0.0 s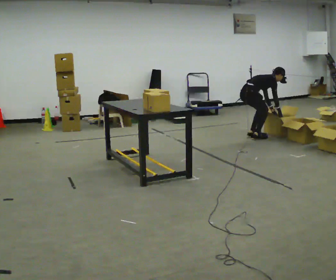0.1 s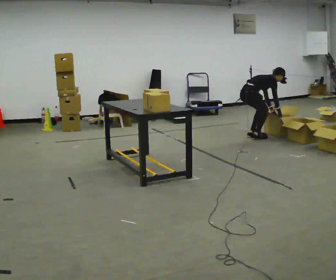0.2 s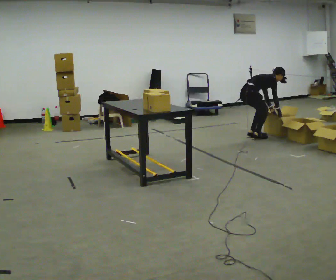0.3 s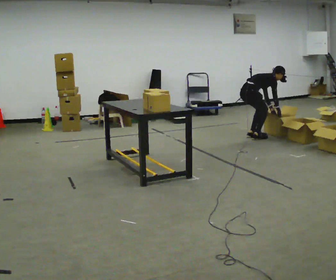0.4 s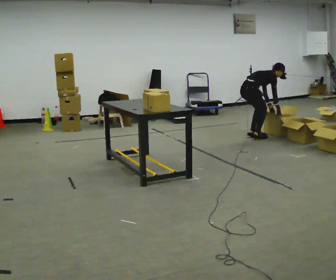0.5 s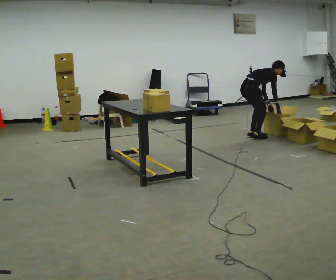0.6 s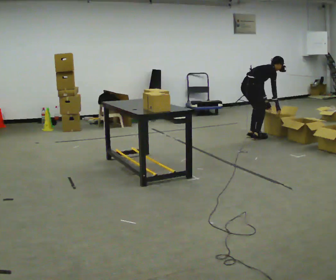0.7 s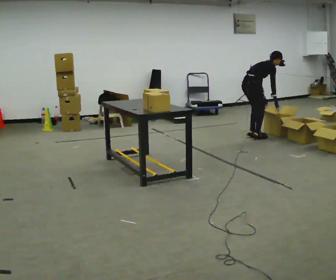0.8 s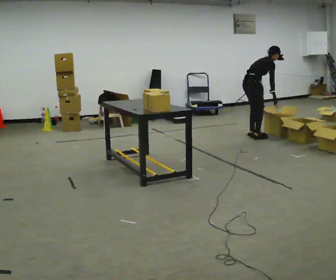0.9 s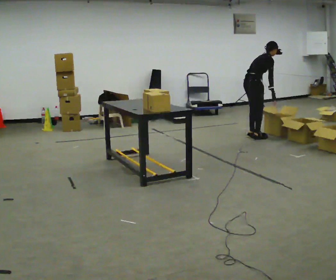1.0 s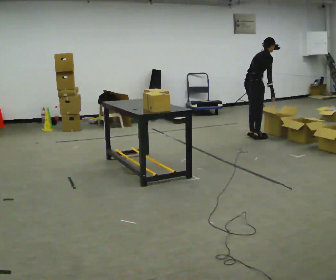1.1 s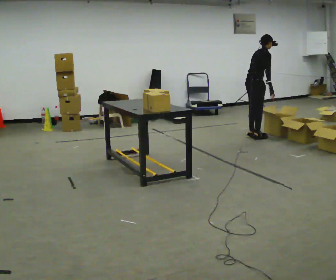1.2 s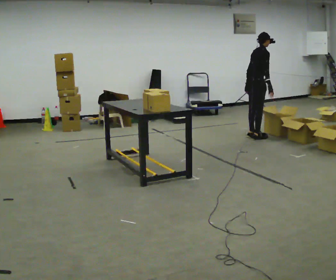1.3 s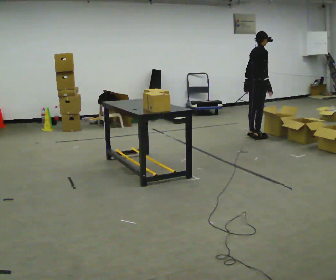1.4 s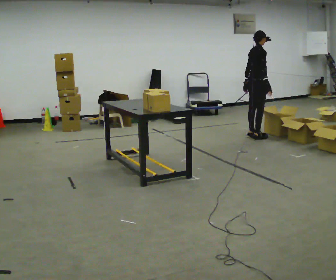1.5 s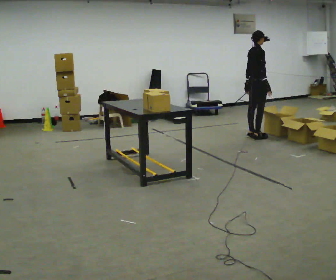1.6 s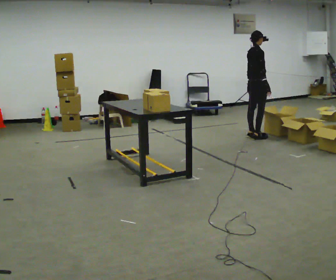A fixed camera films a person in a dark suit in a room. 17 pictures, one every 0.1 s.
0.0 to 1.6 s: The upper body goes upward. In the picture the upper body tilts counterclockwise, shoulders to the left, as they lean back or straighten. In the picture their left hand goes upward and to the left.
The film runs forward here.
